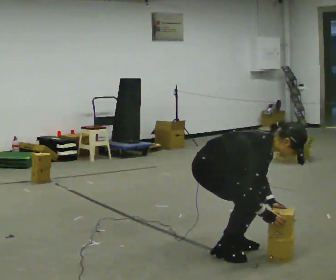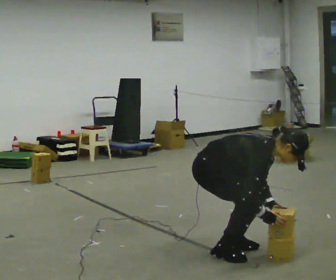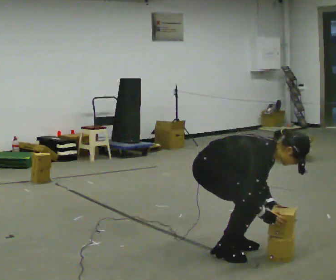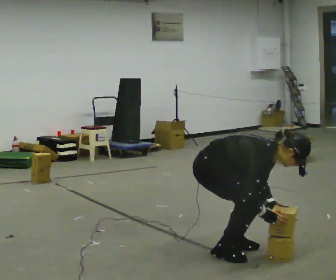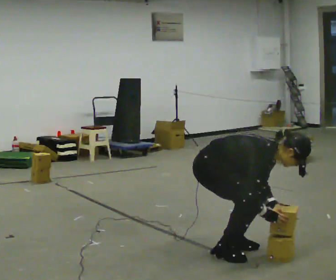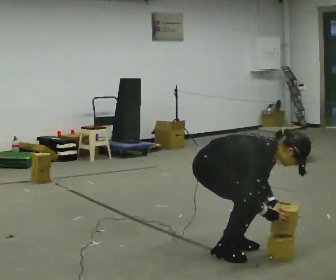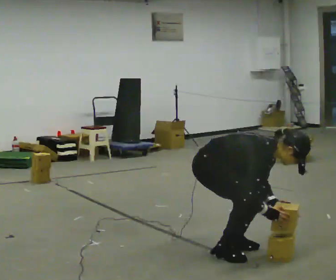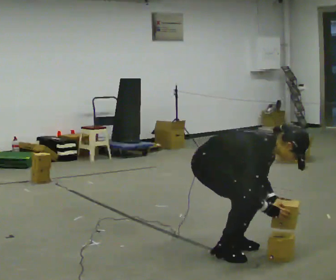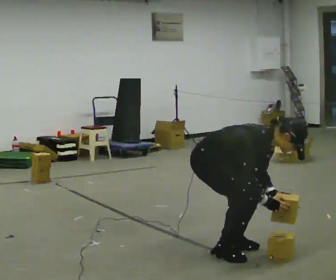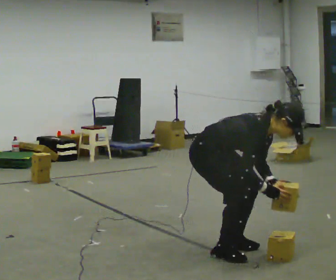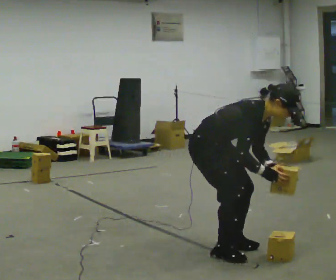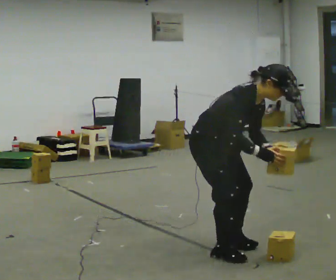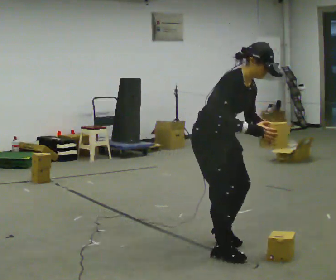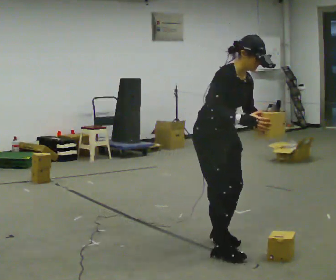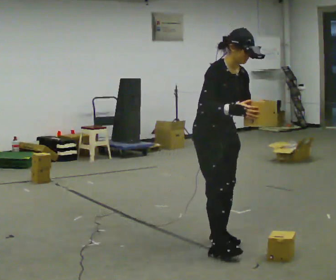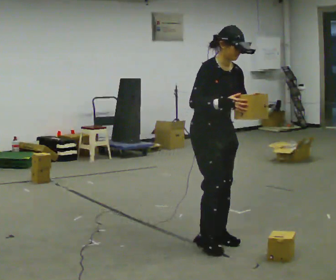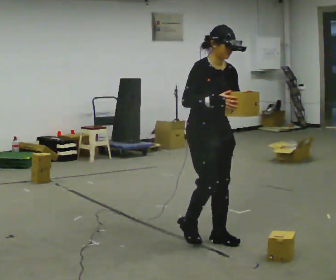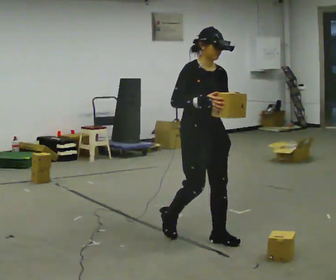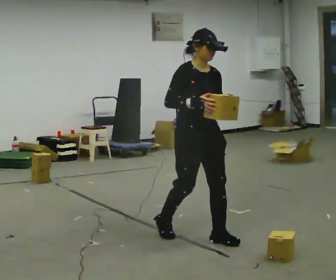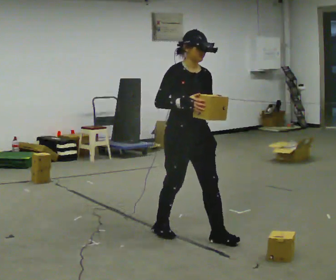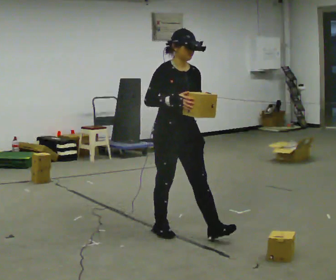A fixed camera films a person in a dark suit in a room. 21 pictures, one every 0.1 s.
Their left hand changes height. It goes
upward.
Their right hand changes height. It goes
upward.
0.0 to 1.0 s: The person moves a little, or ends about where they began.
1.0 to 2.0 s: The part of the body nearest the lens slides to the left as the person turns to their right by about 30 degrees. In the picture they go away from the camera and to the left, about 0.5 m in 3 steps, which for them is backward. The shoulders move upward. In the picture the upper body tilts counterclockwise, shoulders to the left, as they lean back or straighten. In the picture their left hand goes upward.
The film runs backward here.
